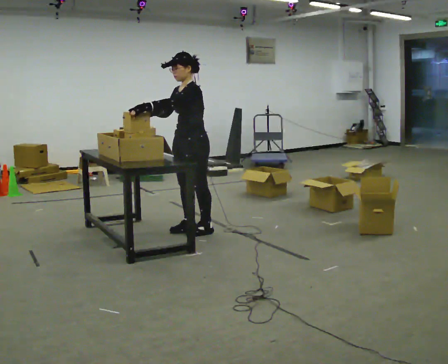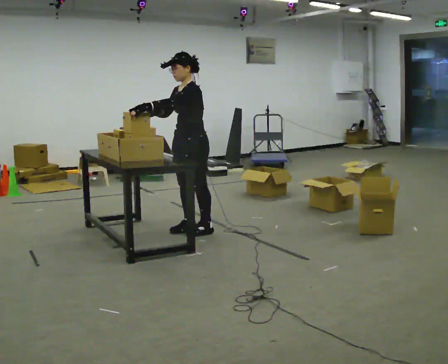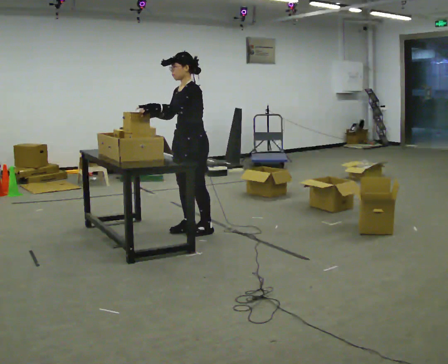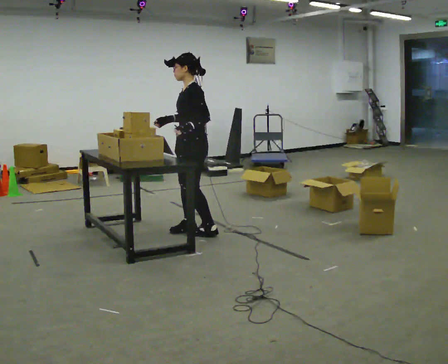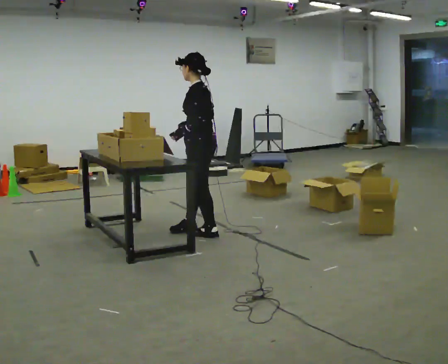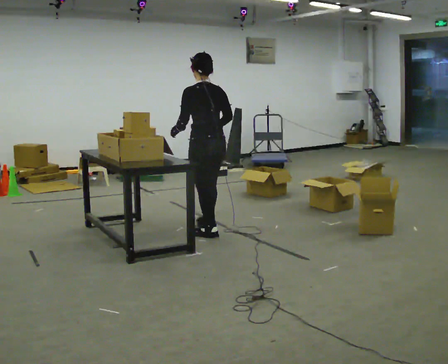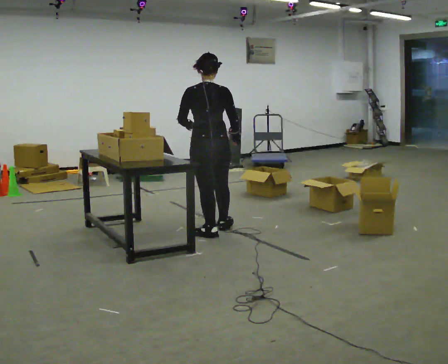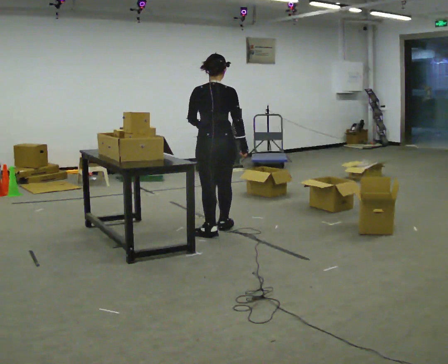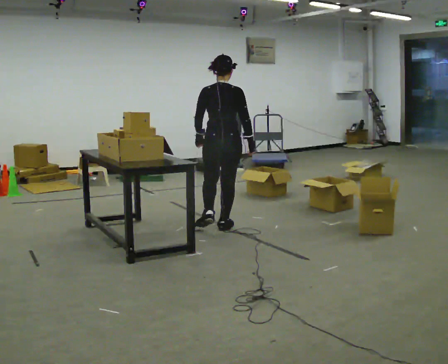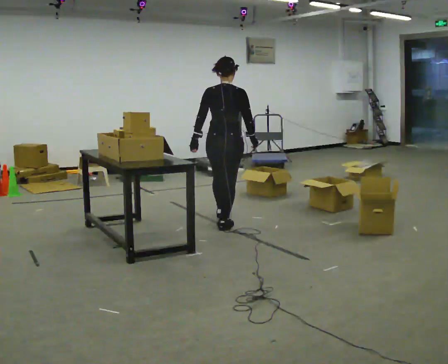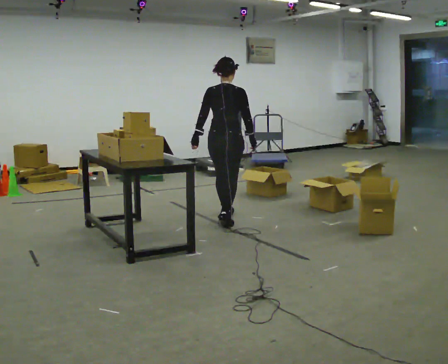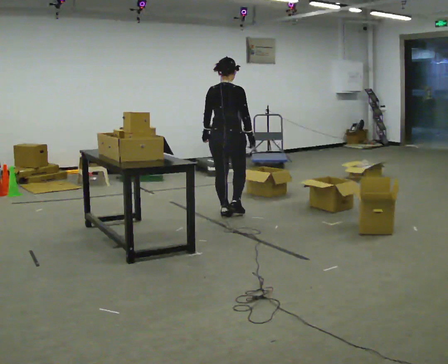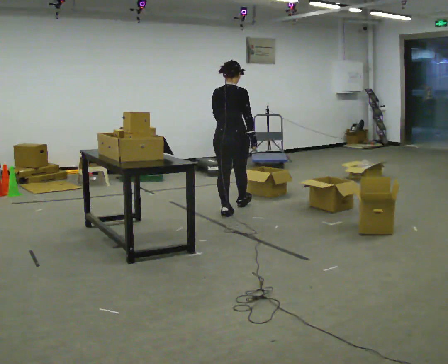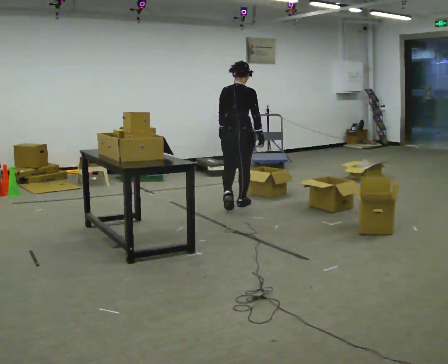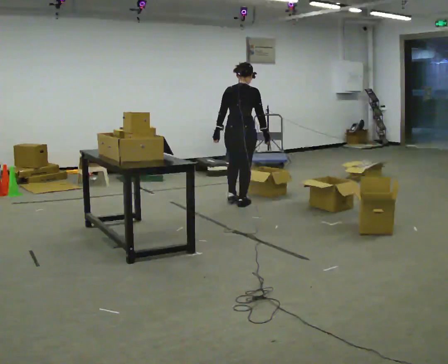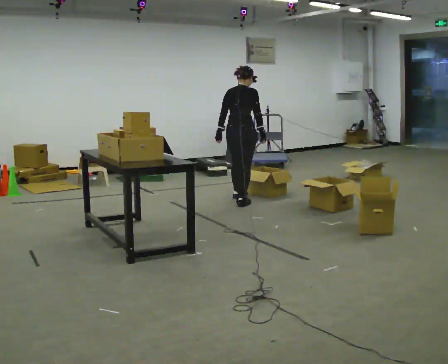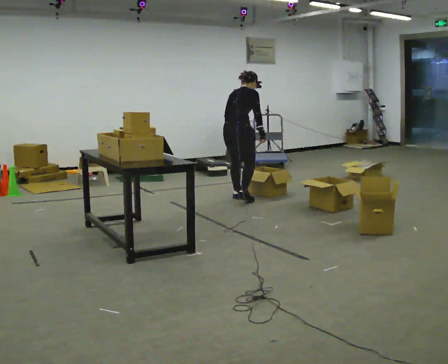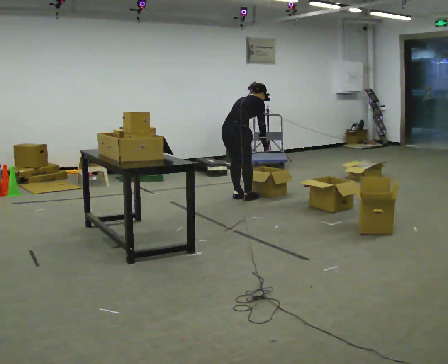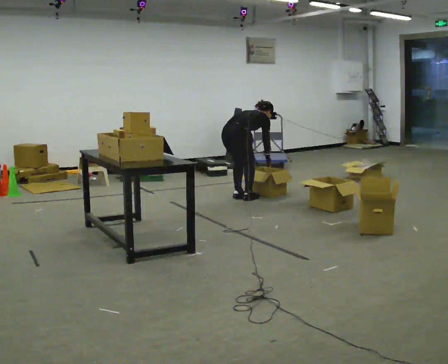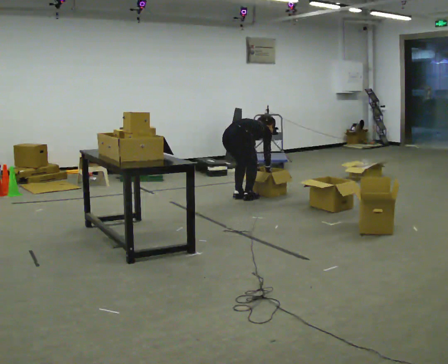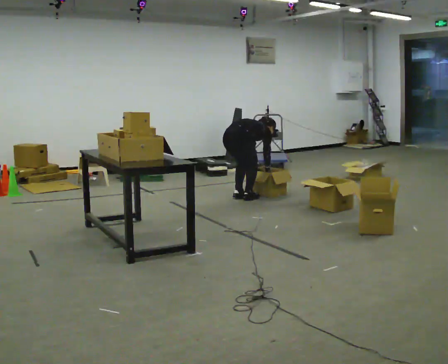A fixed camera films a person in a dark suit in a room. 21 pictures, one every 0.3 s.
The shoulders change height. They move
downward.
The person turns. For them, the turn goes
to their right.
0.0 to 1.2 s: Seen from above the body turns clockwise, about 45 degrees: to their right, with its near side sliding to the left. In the picture their right hand goes to the right.
1.2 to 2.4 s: The part of the body nearest the lens slides to the left as the person turns to their right by about 90 degrees. In the picture they go away from the camera and to the right, about 0.25 m in 1 step.
2.4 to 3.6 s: In the picture they go away from the camera, about 0.75 m in 2 steps, which for them is forward.
3.6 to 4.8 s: In the picture they go away from the camera, about 0.5 m in 1 step, which for them is forward. The upper body tips away from the camera, its near side rolling upward, as they bend forward.
4.8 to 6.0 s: The upper body goes downward. In the picture the upper body tilts clockwise, shoulders to the right, as they bend forward. In the picture their right hand goes downward.
The film runs forward here.
